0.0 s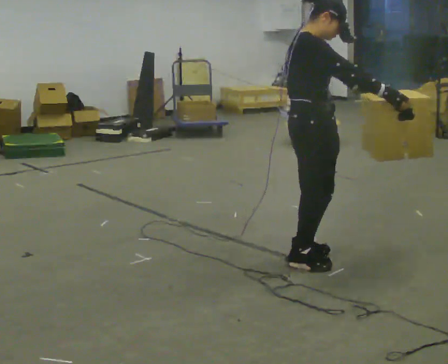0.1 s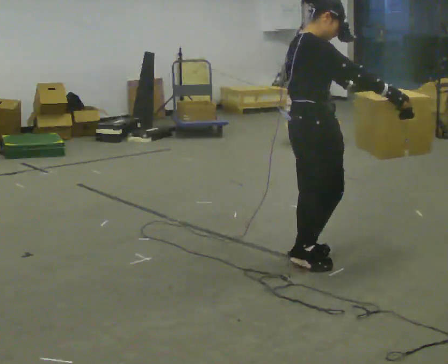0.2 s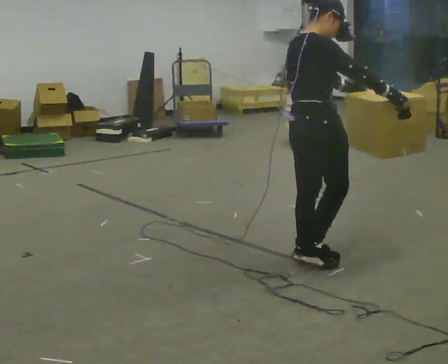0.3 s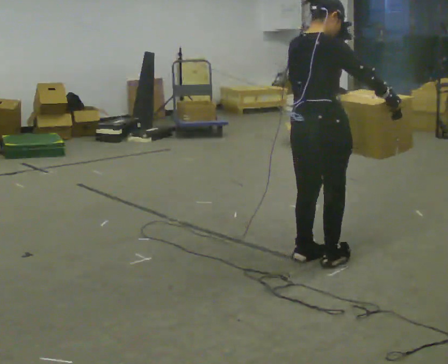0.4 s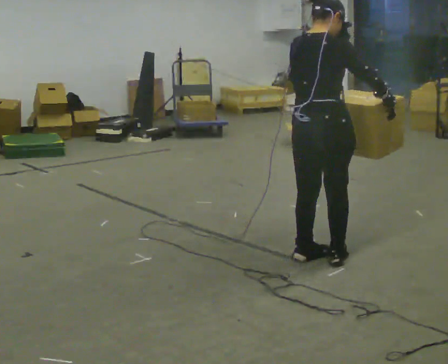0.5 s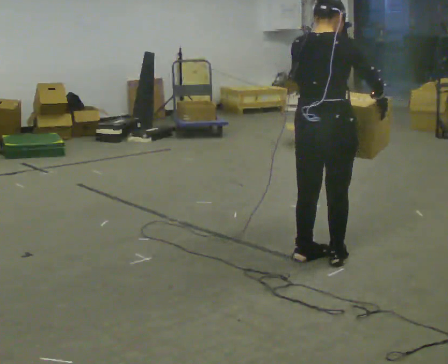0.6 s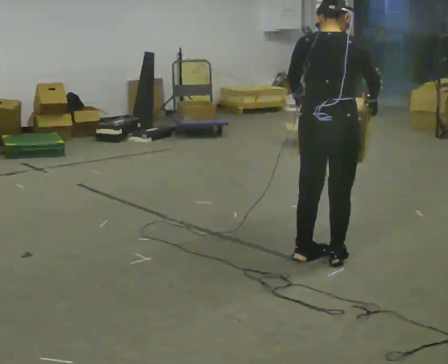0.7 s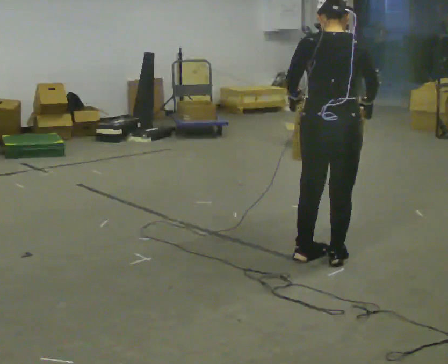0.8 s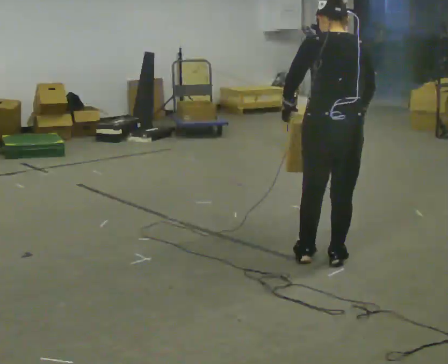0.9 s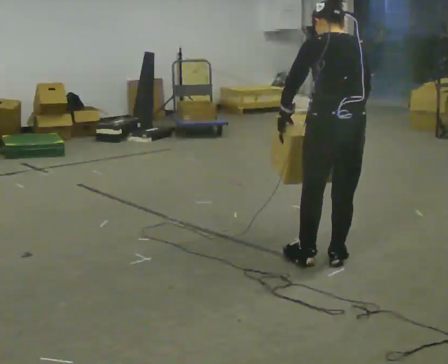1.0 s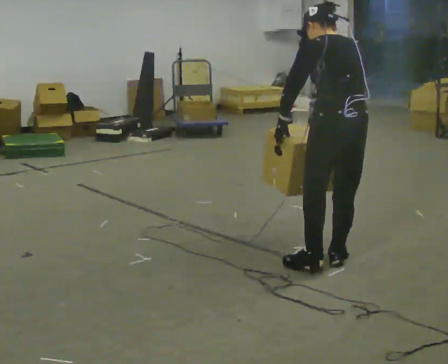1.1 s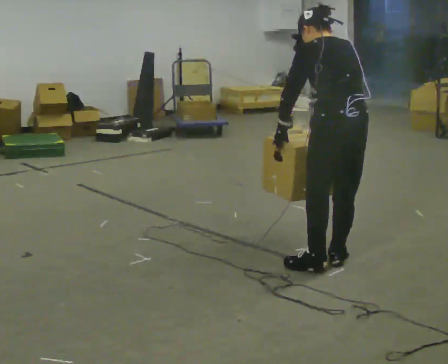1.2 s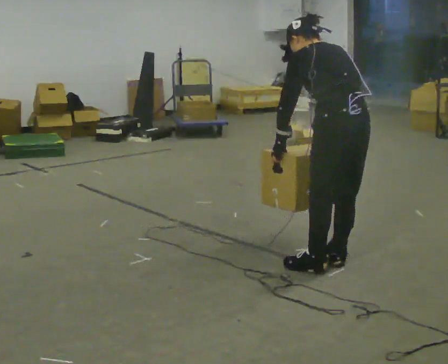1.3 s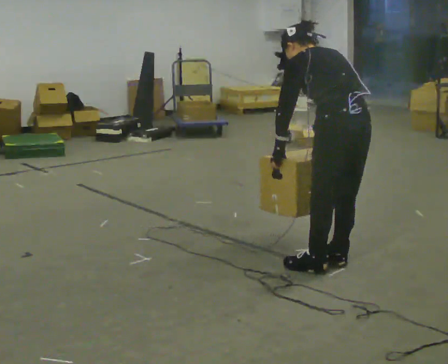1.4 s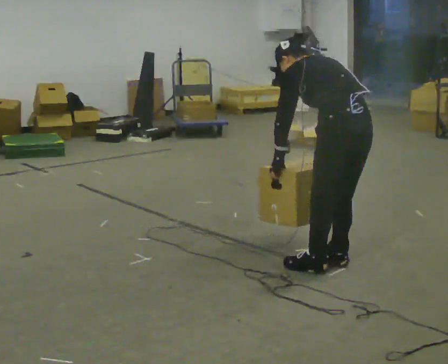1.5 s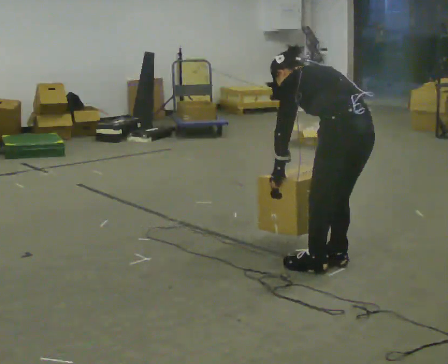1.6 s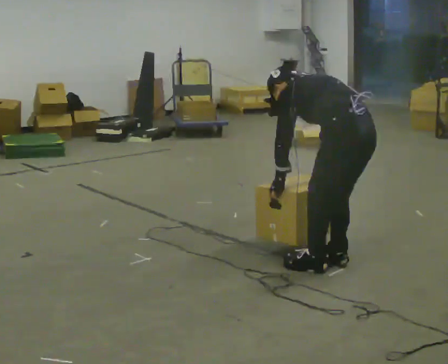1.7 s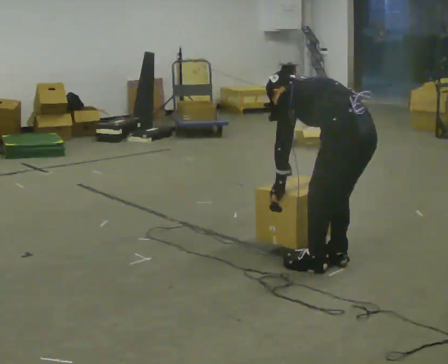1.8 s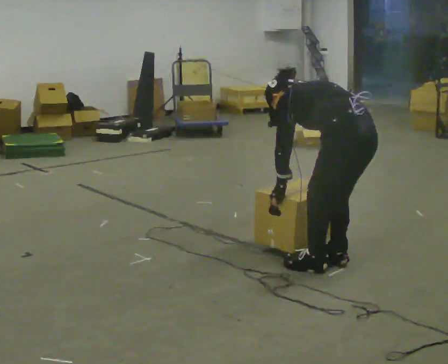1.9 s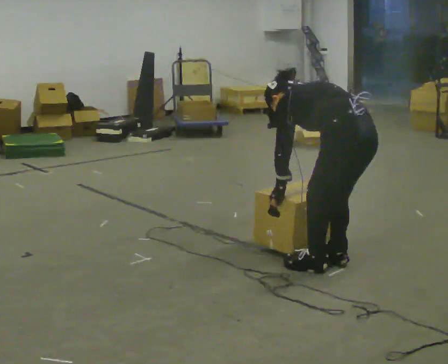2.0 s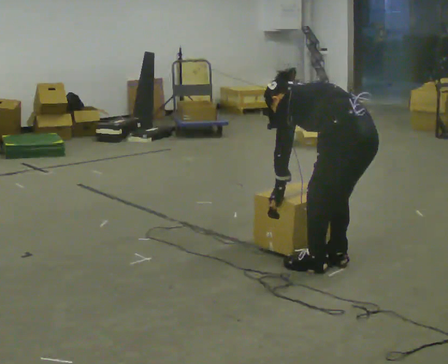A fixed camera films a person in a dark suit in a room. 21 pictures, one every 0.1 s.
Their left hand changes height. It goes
downward.
The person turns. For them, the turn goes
to their left.
0.0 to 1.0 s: Seen from above the body turns counterclockwise, about 105 degrees: to their left, with its near side sliding to the right. In the picture they go to the right, about 0.25 m in 2 steps. The upper body tips away from the camera, its near side rolling upward, as they bend forward. In the picture their left hand goes to the left.
1.0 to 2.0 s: The upper body goes downward. In the picture the upper body tilts counterclockwise, shoulders to the left, as they bend forward. In the picture their left hand goes downward.
The film runs forward here.
